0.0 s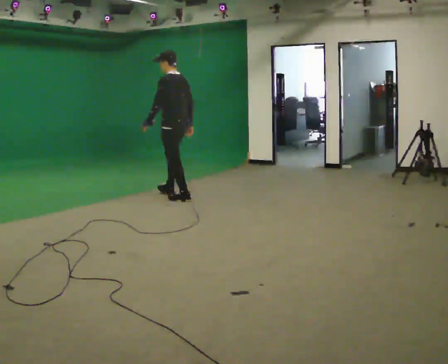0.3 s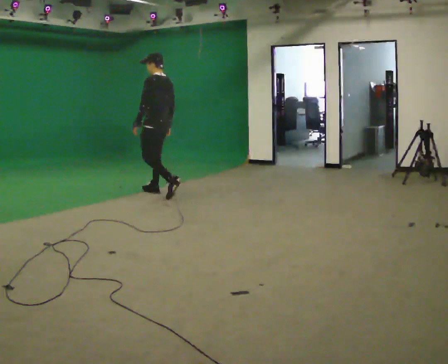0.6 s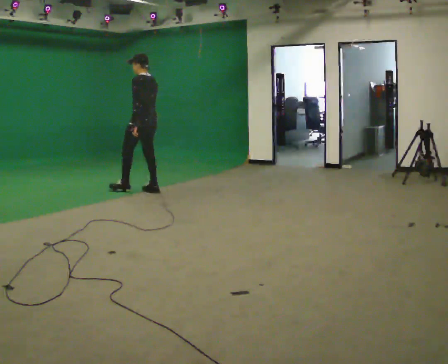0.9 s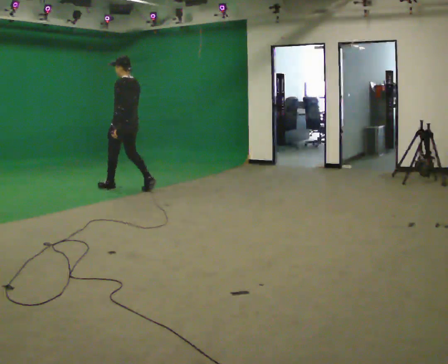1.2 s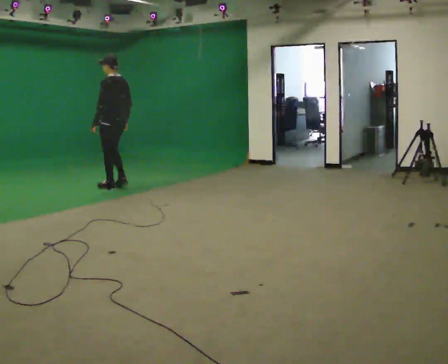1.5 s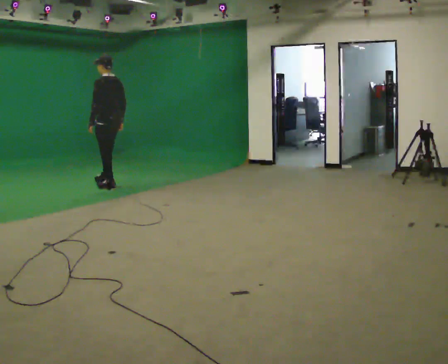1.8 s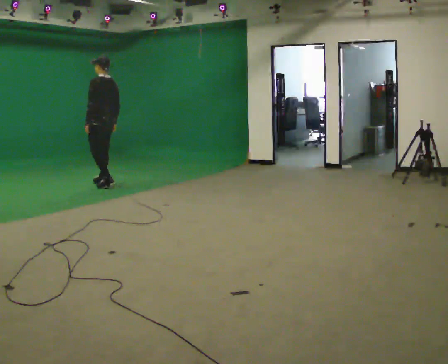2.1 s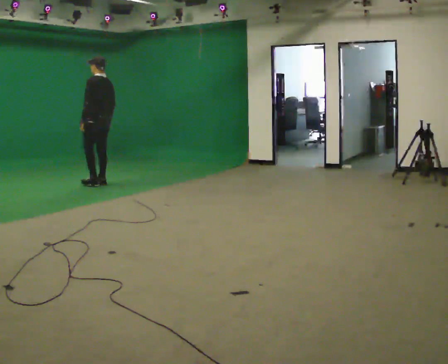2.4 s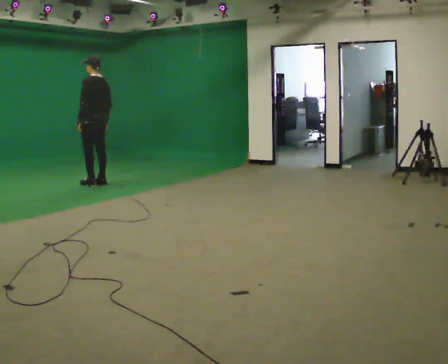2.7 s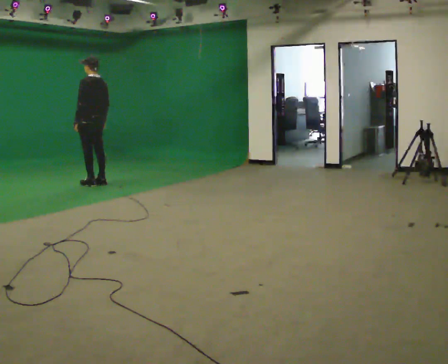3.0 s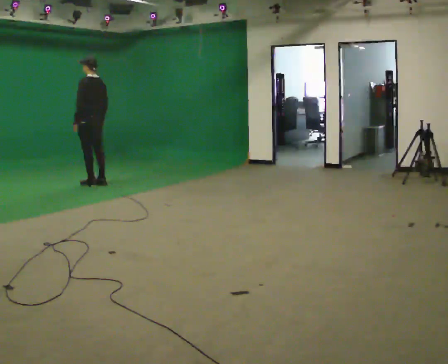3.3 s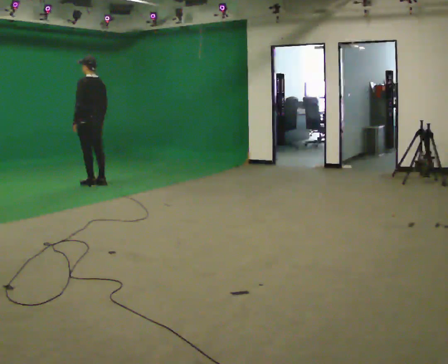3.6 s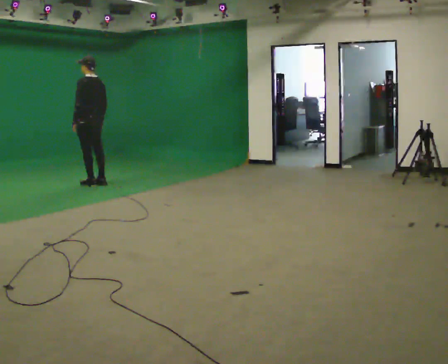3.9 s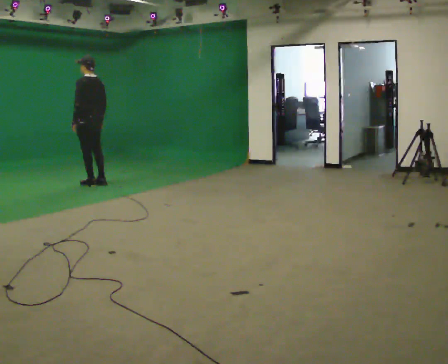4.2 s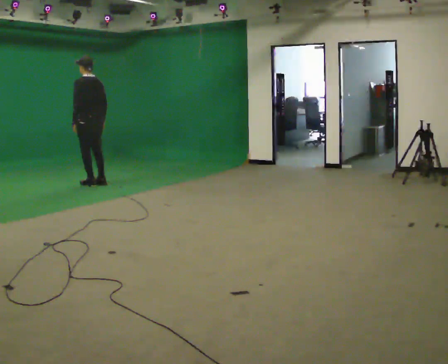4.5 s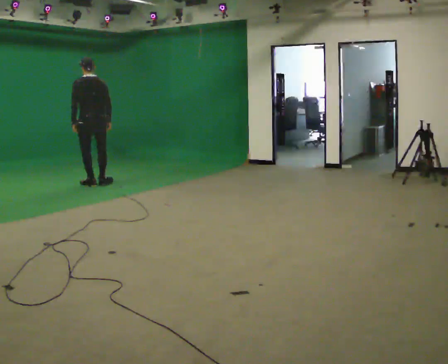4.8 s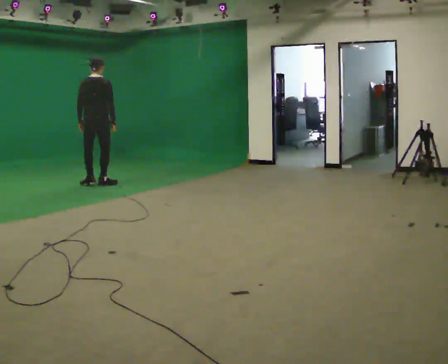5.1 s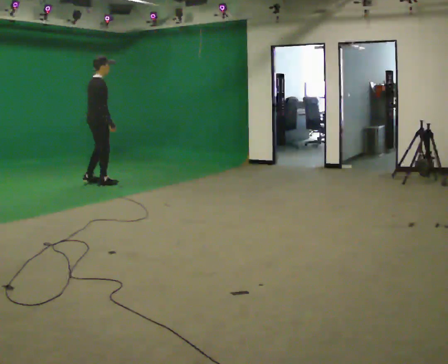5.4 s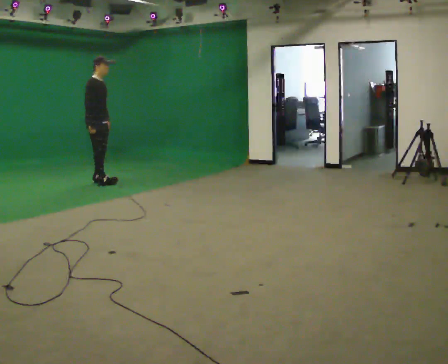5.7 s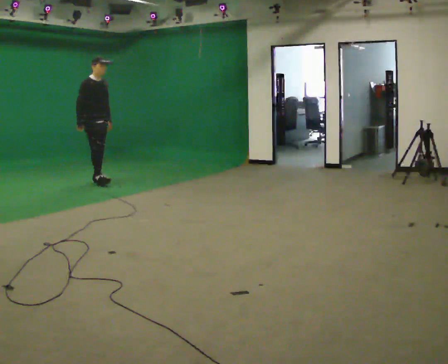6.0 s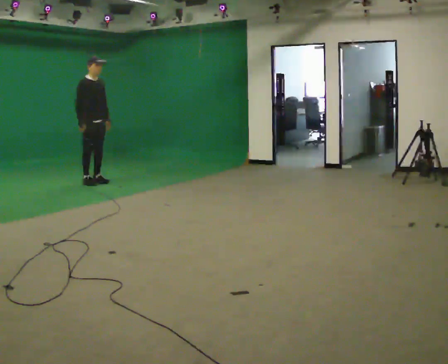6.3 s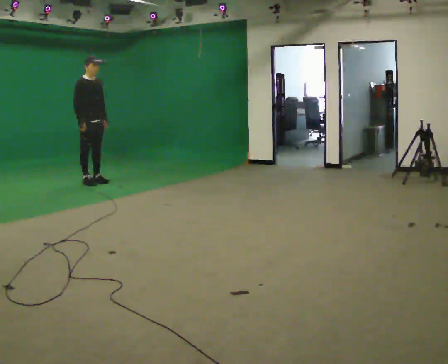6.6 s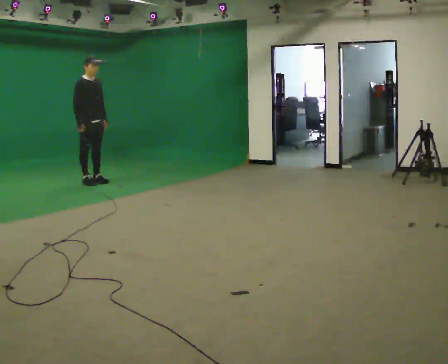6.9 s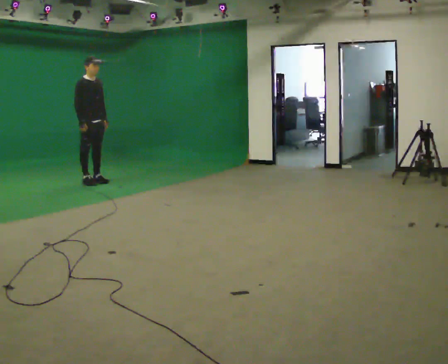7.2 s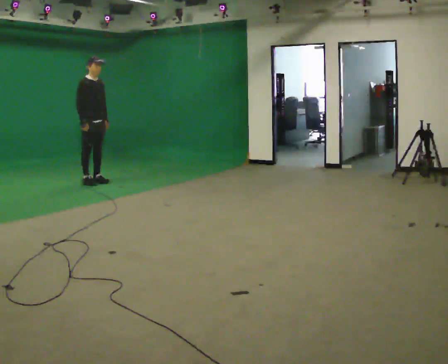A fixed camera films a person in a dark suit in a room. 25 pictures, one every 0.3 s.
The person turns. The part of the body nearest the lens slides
to the left.
The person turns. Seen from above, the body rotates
clockwise.
0.0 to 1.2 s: In the picture they go away from the camera and to the left, about 1 m in 2 steps, which for them is forward.
1.2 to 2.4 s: In the picture they go away from the camera and to the left, about 0.5 m in 2 steps, which for them is forward.
2.4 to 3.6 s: The person moves a little, or ends about where they began.
3.6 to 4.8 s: Seen from above the body turns clockwise, about 75 degrees: to their right, with its near side sliding to the left.
4.8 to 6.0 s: Seen from above the body turns clockwise, about 105 degrees: to their right, with its near side sliding to the left. In the picture they go away from the camera, about 0.25 m in 2 steps.
6.0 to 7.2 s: The person moves a little, or ends about where they began.
The film runs forward here.
